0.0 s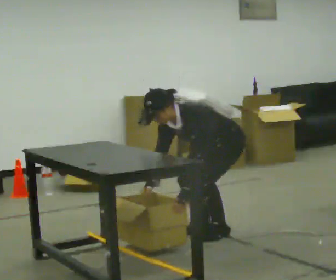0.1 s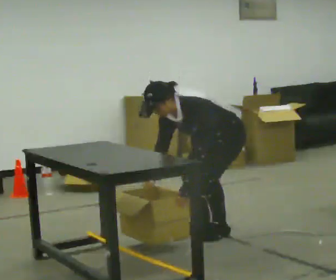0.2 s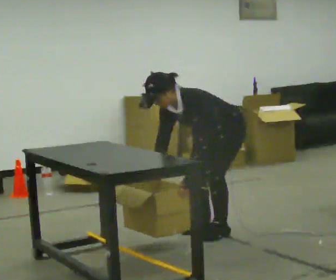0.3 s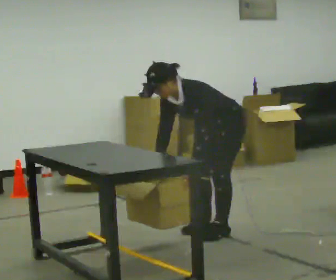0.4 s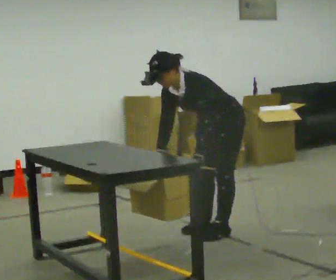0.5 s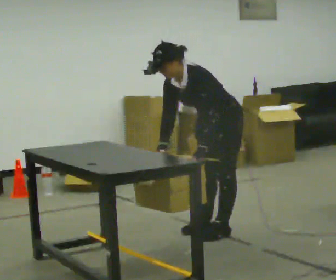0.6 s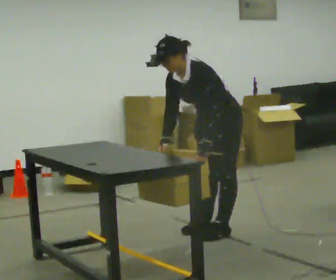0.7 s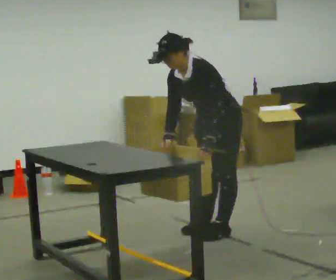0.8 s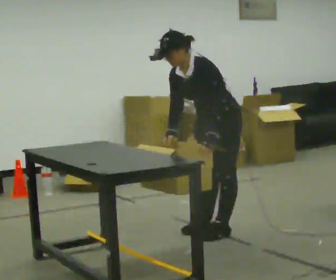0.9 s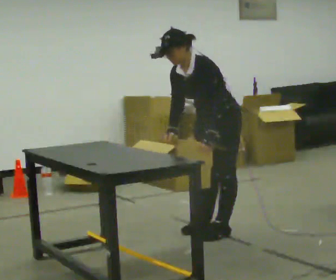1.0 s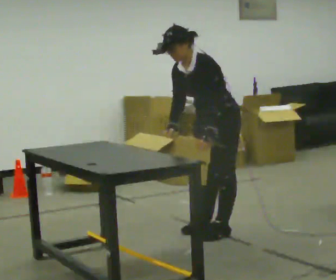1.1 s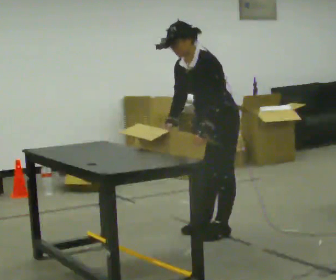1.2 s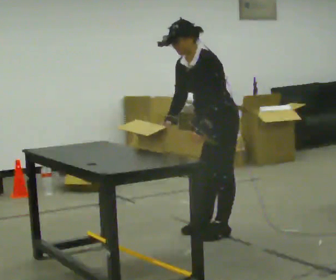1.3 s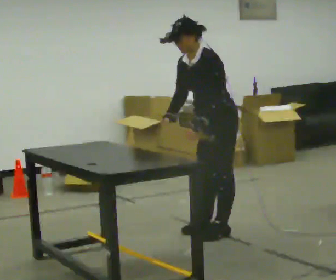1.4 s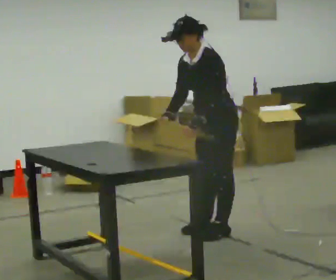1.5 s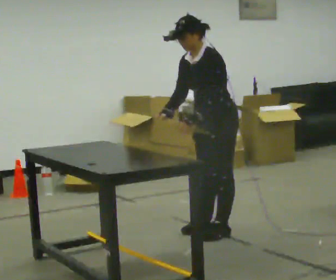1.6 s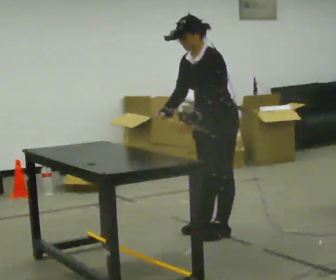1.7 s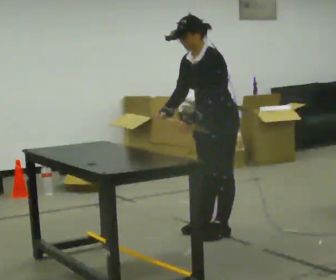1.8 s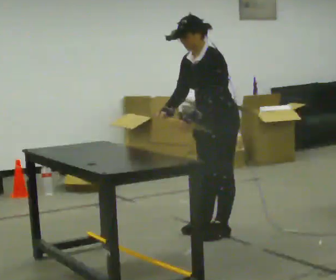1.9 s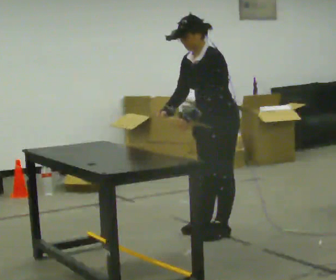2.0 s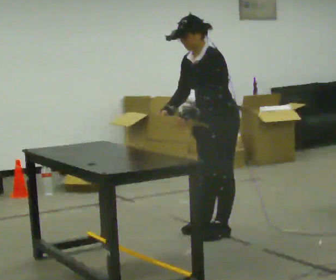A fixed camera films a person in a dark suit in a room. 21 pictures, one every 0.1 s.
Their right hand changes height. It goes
upward.
The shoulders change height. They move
upward.
0.0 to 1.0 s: The shoulders move upward. In the picture the upper body tilts clockwise, shoulders to the right, as they lean back or straighten. In the picture their left hand goes upward.
1.0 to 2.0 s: The person moves a little, or ends about where they began.
The film runs backward here.
